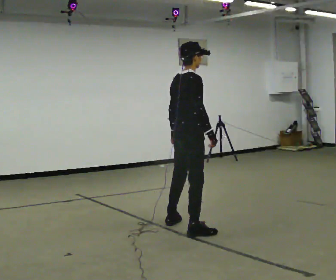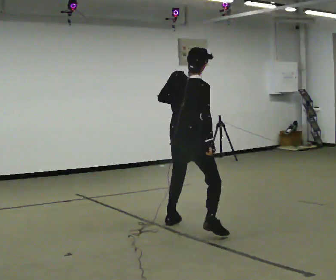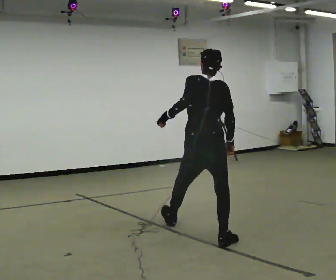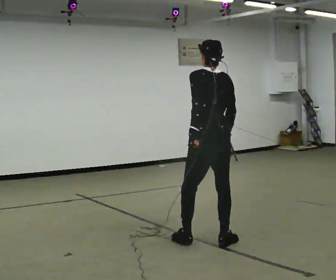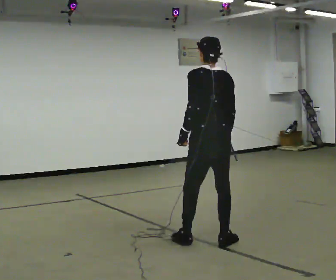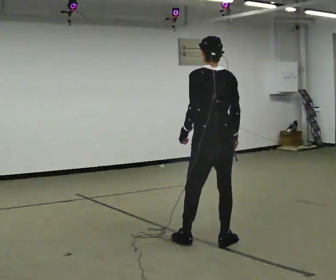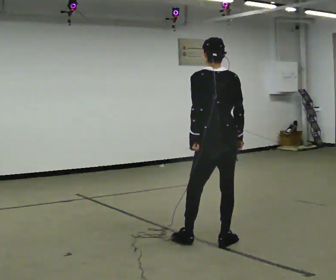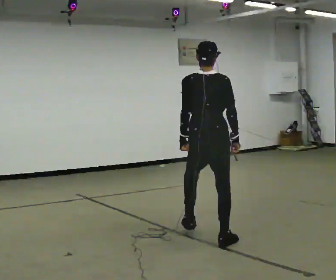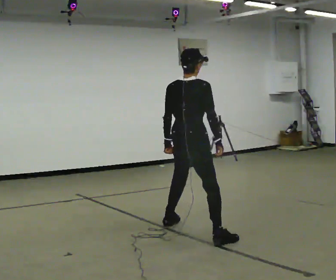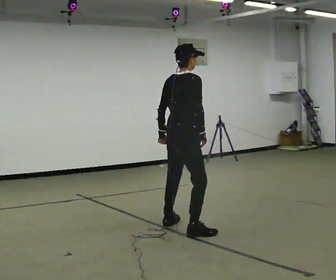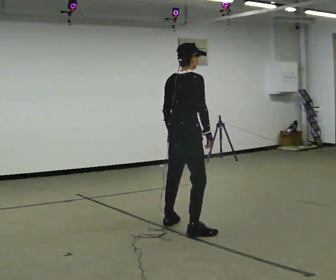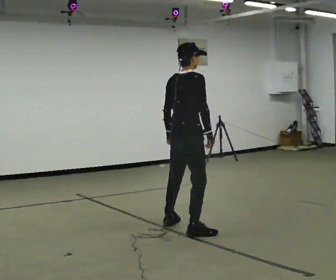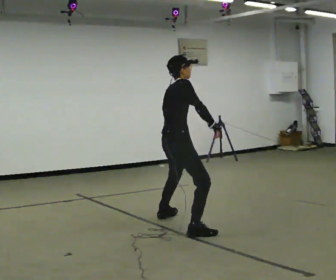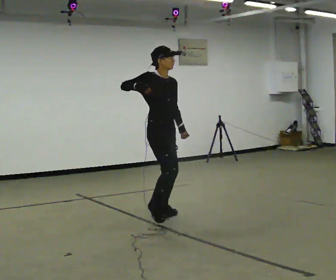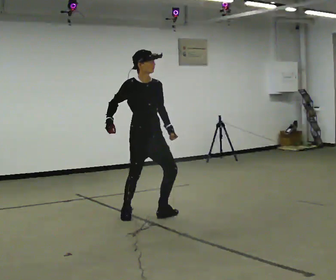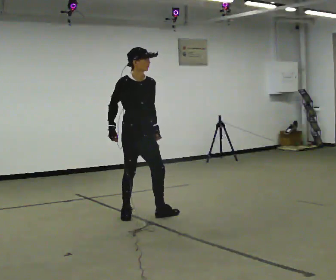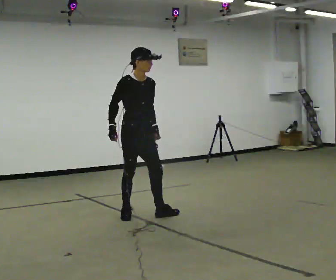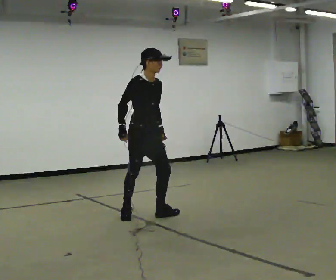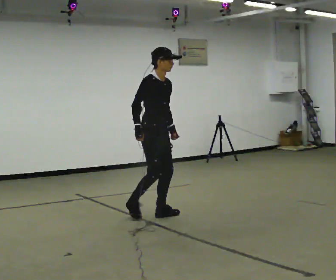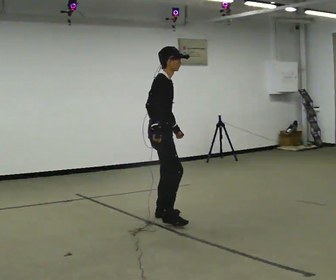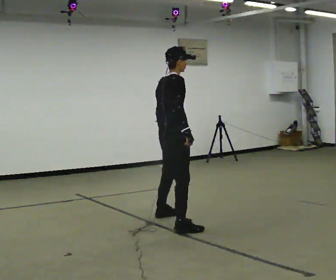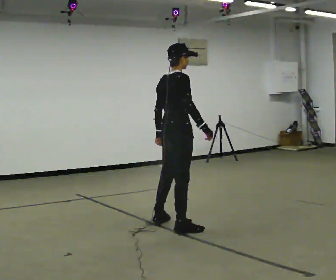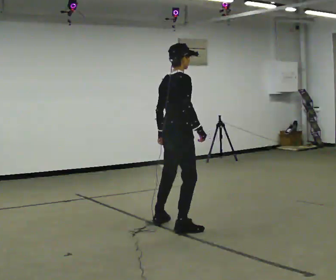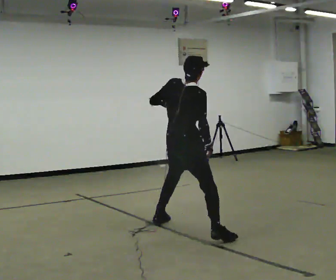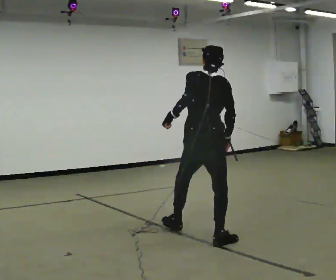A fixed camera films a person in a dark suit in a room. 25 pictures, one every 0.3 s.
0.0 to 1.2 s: The part of the body nearest the lens slides to the right as the person turns to their left by about 75 degrees. In the picture they go toward the camera and to the right, about 0.5 m in 2 steps.
1.2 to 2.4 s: The person turns about 60 degrees to their right, clockwise seen from above, so the part of the body nearest the lens slides to the left. In the picture they go away from the camera and to the left, about 0.5 m in 1 step, which for them is forward and to their left.
2.4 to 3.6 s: The person turns about 45 degrees to their right, clockwise seen from above, so the part of the body nearest the lens slides to the left. In the picture they go away from the camera, about 0.25 m in 2 steps, which for them is to their left.
3.6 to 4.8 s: The person turns about 60 degrees to their right, clockwise seen from above, so the part of the body nearest the lens slides to the left. In the picture they go away from the camera and to the left, about 0.5 m in 1 step. The upper body tips toward the camera, its near side rolling downward.
4.8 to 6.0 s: Seen from above the body turns counterclockwise, about 75 degrees: to their left, with its near side sliding to the right. In the picture they go to the right and toward the camera, about 0.5 m in 1 step.
6.0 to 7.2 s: The person turns about 60 degrees to their left, counterclockwise seen from above, so the part of the body nearest the lens slides to the right. In the picture they go toward the camera and to the right, about 0.5 m in 2 steps.
The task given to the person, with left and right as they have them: Move around the room freely as if avoiding someone: change speed and direction whenever you like. Keep moving until the operator says stop.
The film runs forward here.
